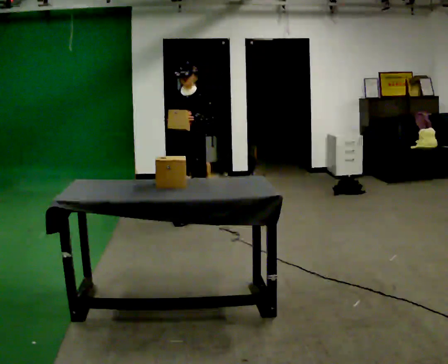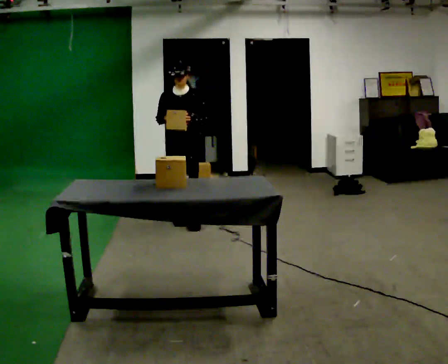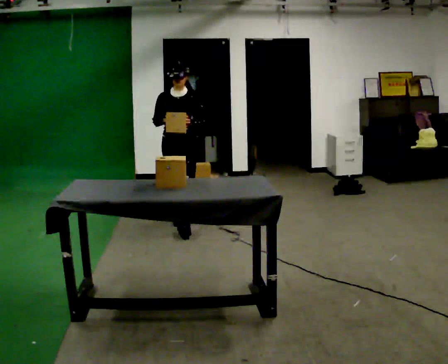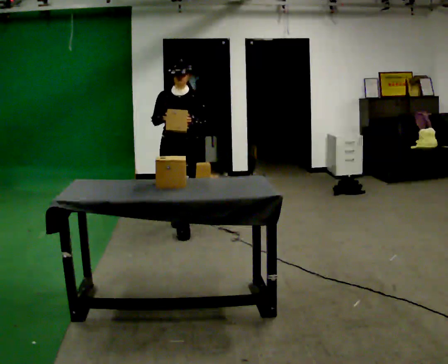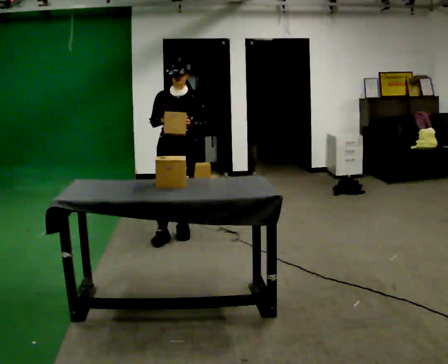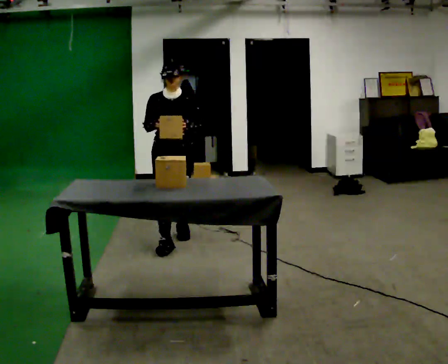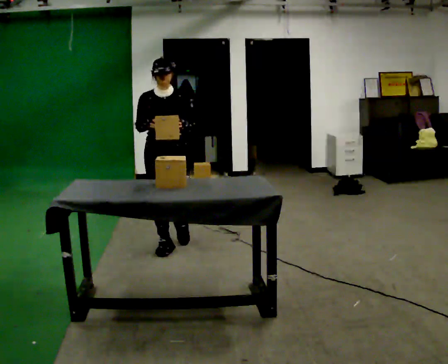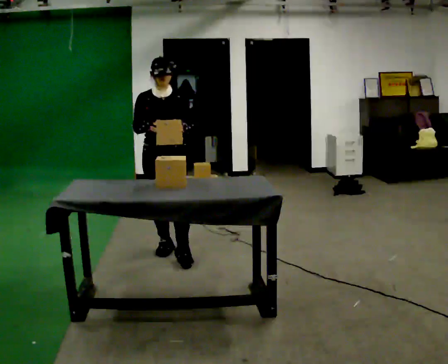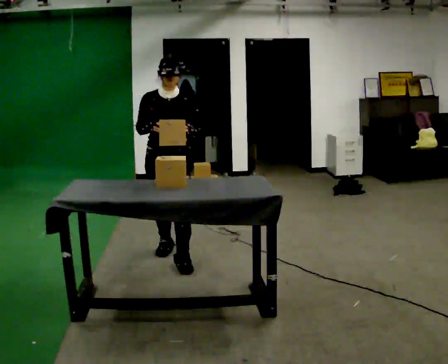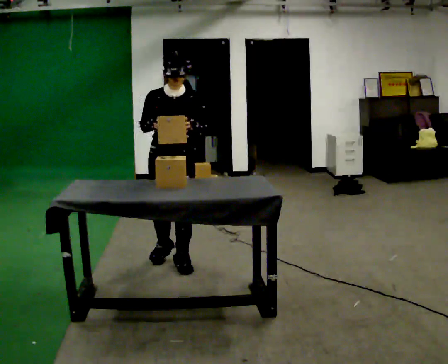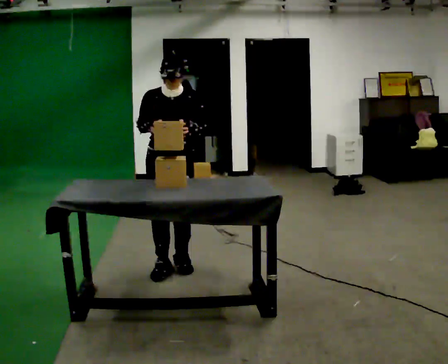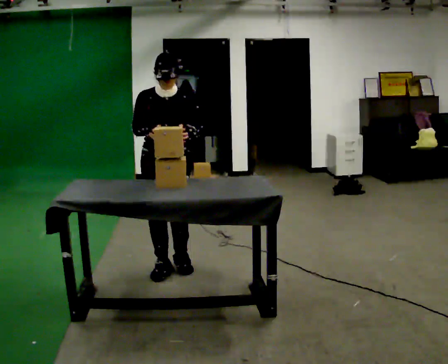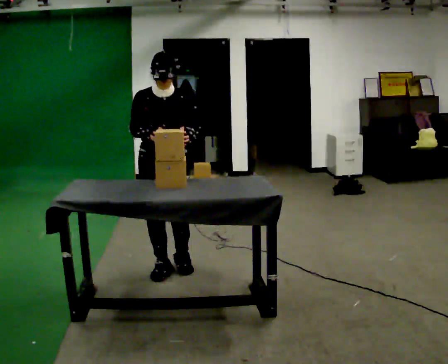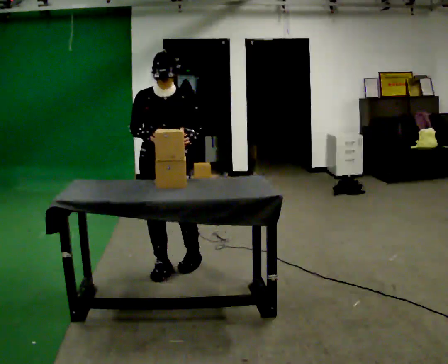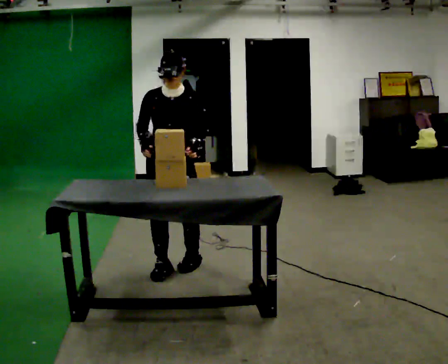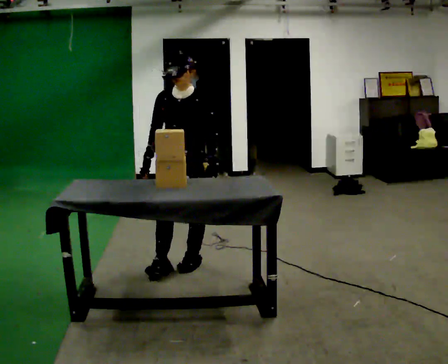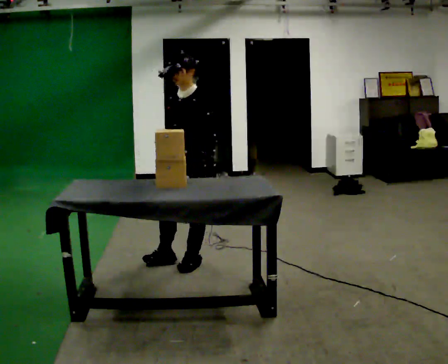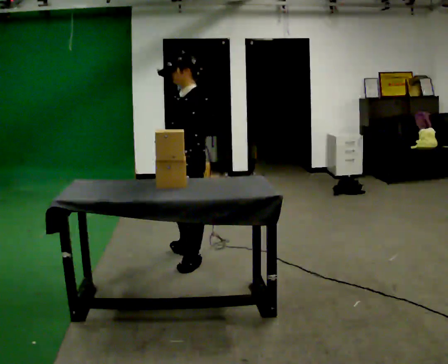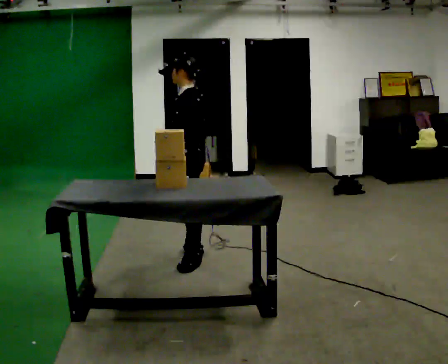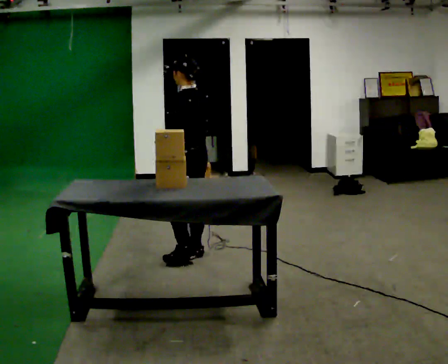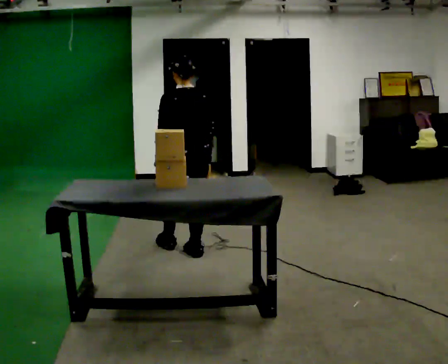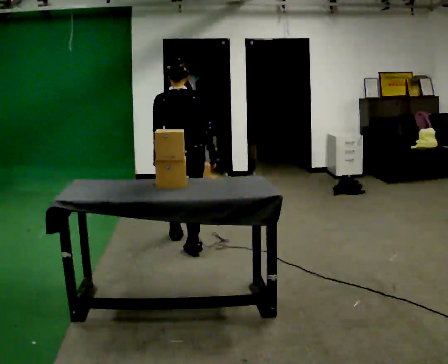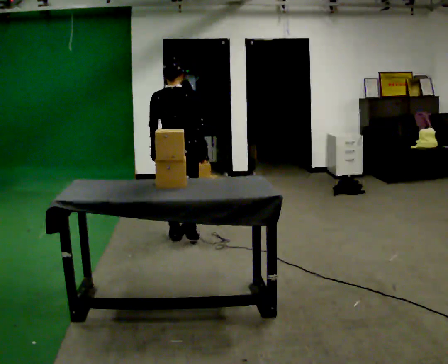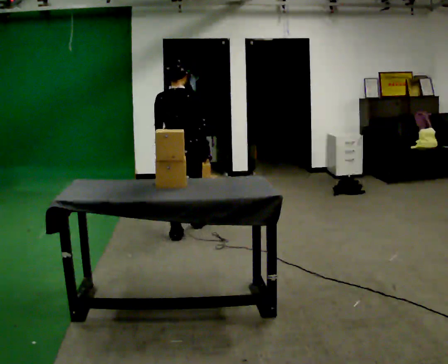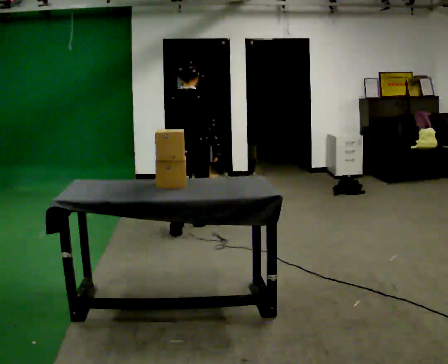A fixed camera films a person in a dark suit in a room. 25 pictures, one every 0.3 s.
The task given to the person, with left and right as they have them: Take objects out of the bin one at a time and lay them out on the table, stepping between the bin and the table each time. Keep going until the operator says stop; one object at a time, and do not rush between trips.
0.0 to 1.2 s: In the picture they go toward the camera, about 0.5 m in 1 step, which for them is forward.
1.2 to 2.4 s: In the picture they go toward the camera, about 0.5 m in 2 steps, which for them is forward.
2.4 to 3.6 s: In the picture they go toward the camera, about 0.25 m in 1 step, which for them is forward.
3.6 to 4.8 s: The person turns about 60 degrees to their right, clockwise seen from above, so the part of the body nearest the lens slides to the left. In the picture they go to the right and away from the camera, about 0.25 m, which for them is to their left and backward.
4.8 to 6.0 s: The part of the body nearest the lens slides to the left as the person turns to their right by about 105 degrees. In the picture they go away from the camera, about 0.25 m in 1 step.
6.0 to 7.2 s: The person turns about 30 degrees to their right, clockwise seen from above, so the part of the body nearest the lens slides to the left. In the picture they go away from the camera, about 0.5 m in 2 steps, which for them is forward.
The film runs forward here.
